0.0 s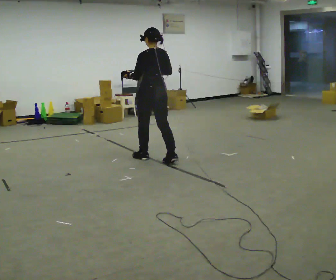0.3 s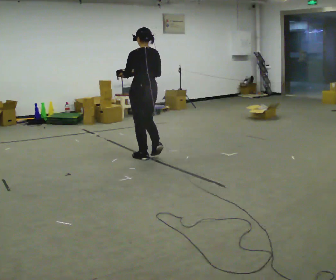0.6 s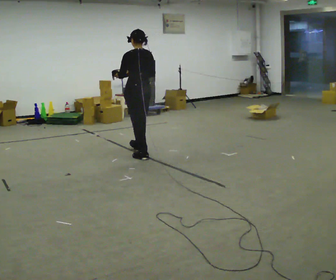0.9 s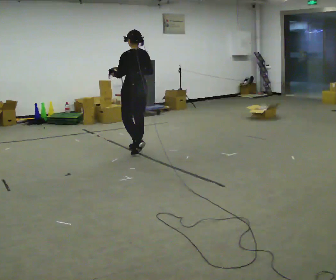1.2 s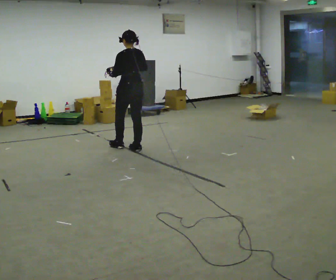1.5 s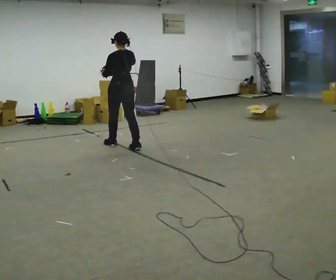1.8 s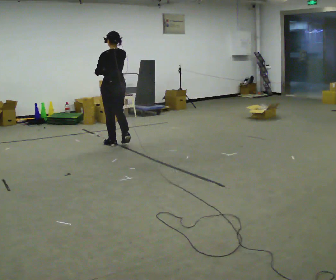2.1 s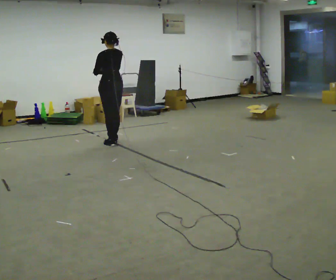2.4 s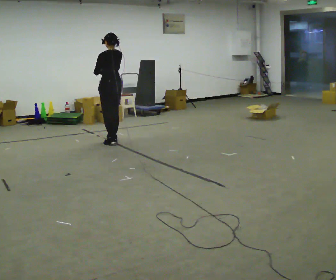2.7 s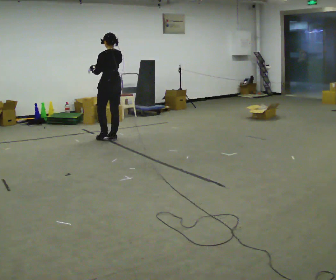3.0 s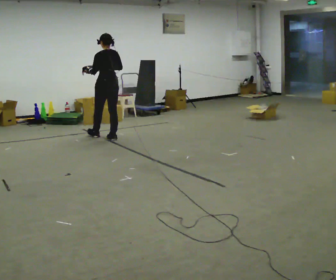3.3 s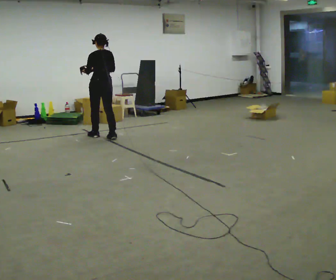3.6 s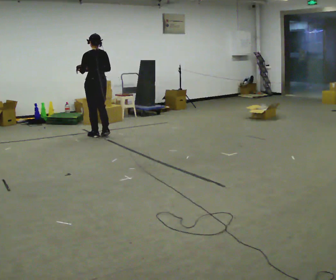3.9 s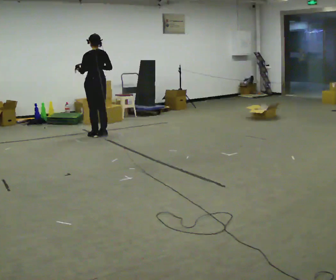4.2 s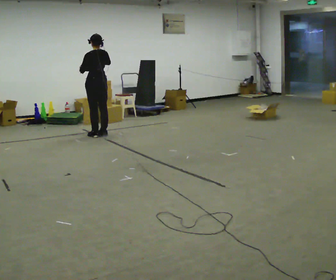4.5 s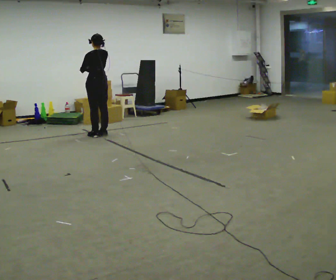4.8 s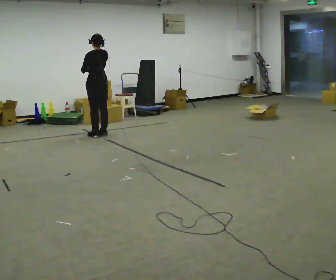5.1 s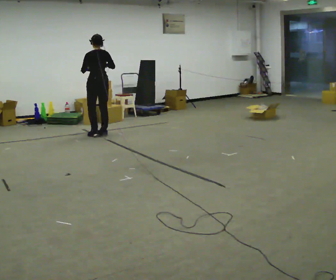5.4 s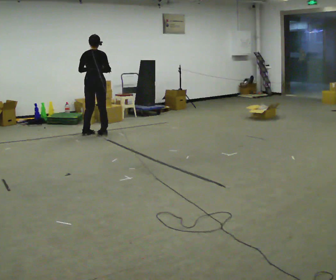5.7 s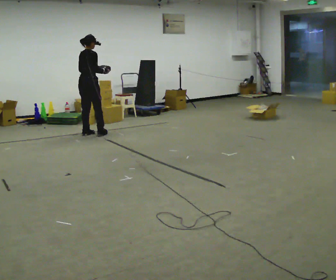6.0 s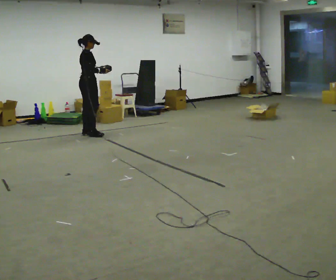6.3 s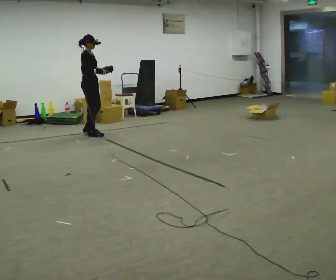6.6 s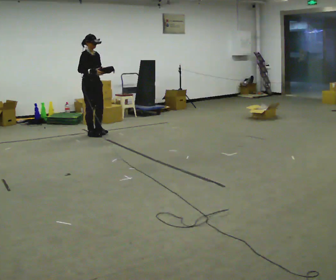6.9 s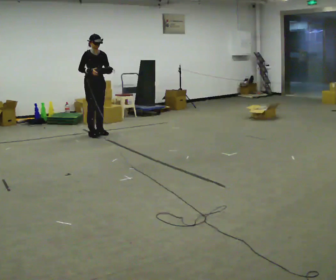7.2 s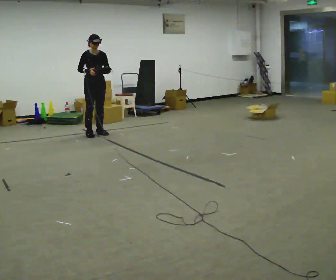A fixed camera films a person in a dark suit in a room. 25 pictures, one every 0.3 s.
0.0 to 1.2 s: In the picture they go away from the camera, about 0.5 m in 1 step, which for them is forward.
1.2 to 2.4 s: In the picture they go away from the camera and to the left, about 0.5 m in 2 steps, which for them is forward.
2.4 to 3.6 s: In the picture they go away from the camera and to the left, about 0.5 m in 1 step, which for them is forward.
3.6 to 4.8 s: The person moves a little, or ends about where they began.
4.8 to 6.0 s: The person turns about 105 degrees to their right, clockwise seen from above, so the part of the body nearest the lens slides to the left. In the picture they go to the left, about 0.25 m in 2 steps.
6.0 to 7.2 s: Seen from above the body turns clockwise, about 75 degrees: to their right, with its near side sliding to the left.
The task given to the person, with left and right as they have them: Carry the bag and, while walking, undo the buckle or zip, then do it up again. Keep repeating as you walk. Do not stop.
The film runs forward here.
